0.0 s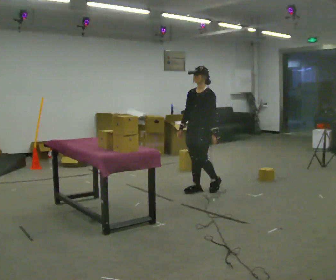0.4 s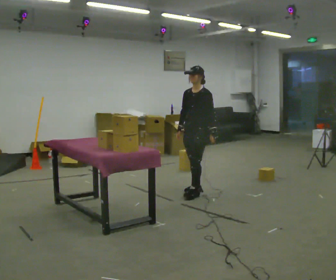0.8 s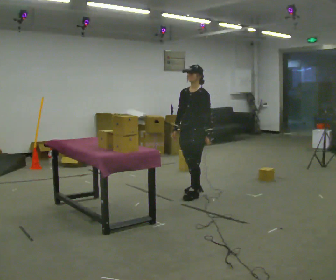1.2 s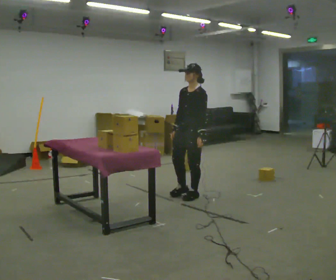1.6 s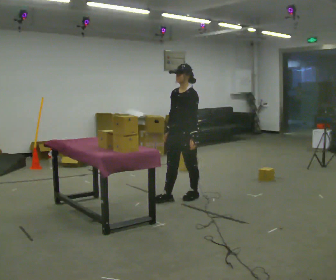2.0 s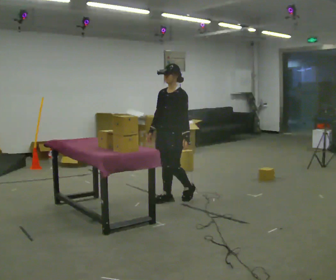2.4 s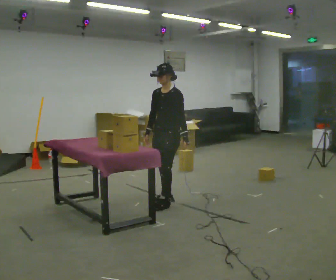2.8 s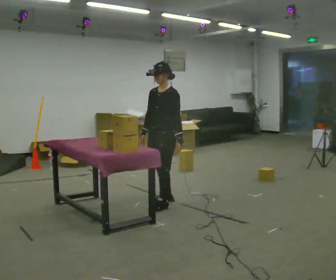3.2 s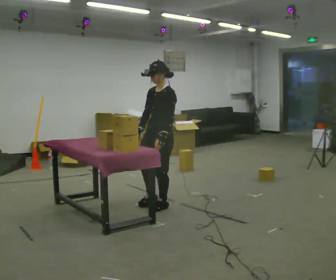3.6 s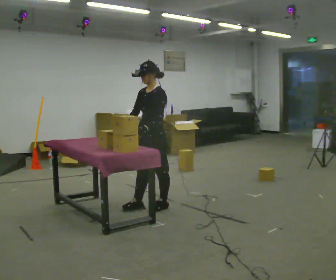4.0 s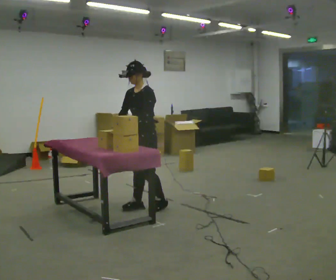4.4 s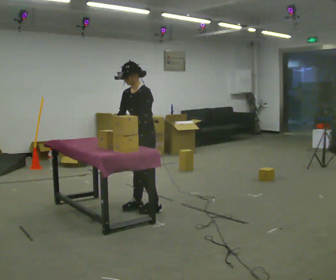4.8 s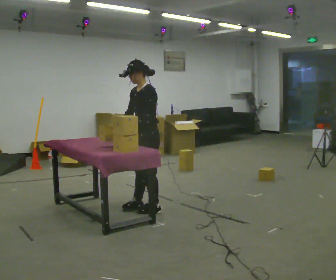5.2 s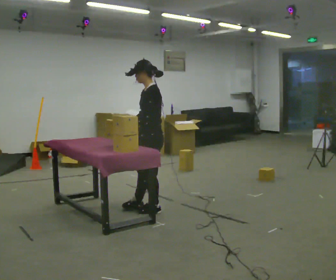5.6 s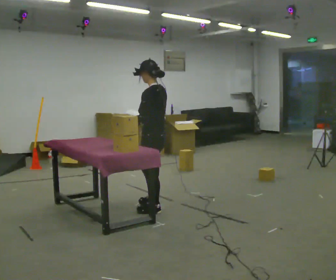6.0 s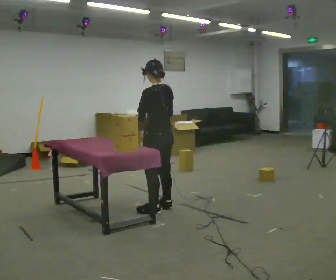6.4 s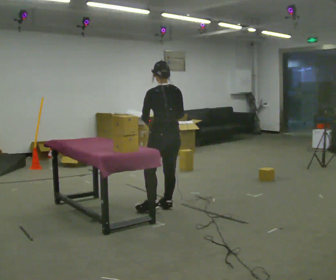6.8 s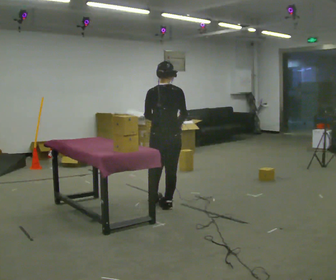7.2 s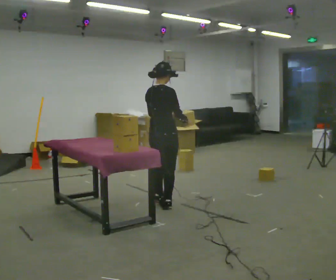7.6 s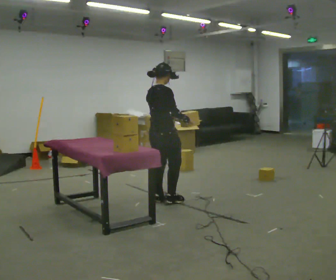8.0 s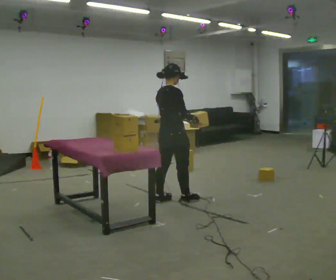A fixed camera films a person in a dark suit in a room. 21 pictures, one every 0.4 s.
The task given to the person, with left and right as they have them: Take the objects from the bin one at a time and put one in each of the places the operator points out. Keep going until the operator says stop; one object at a time, and do not rush between trips.
0.0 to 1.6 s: In the picture they go toward the camera and to the left, about 0.5 m in 2 steps, which for them is forward.
1.6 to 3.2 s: In the picture they go toward the camera and to the left, about 0.5 m in 1 step, which for them is forward.
3.2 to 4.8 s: In the picture their left hand goes to the left.
4.8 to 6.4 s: The part of the body nearest the lens slides to the left as the person turns to their right by about 90 degrees. In the picture they go to the right, about 0.25 m in 1 step. In the picture their right hand goes to the right.
6.4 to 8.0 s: The part of the body nearest the lens slides to the left as the person turns to their right by about 75 degrees. In the picture they go away from the camera, about 0.25 m in 2 steps.
The film runs forward here.
